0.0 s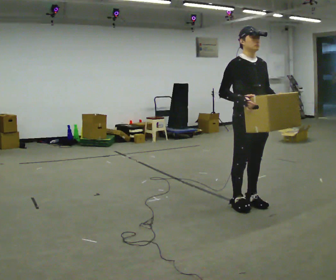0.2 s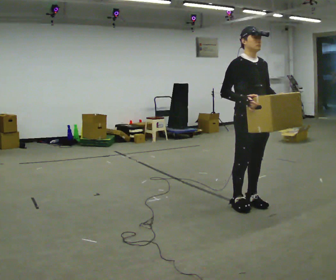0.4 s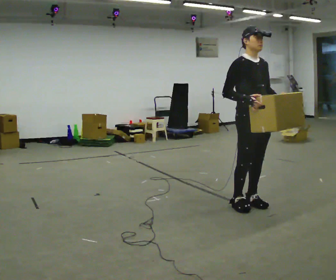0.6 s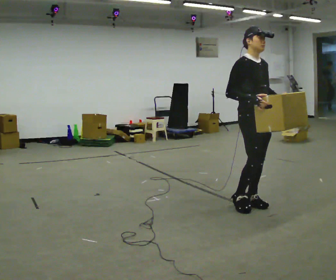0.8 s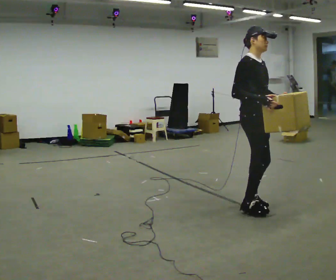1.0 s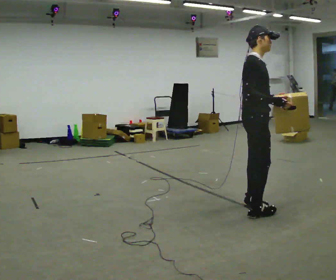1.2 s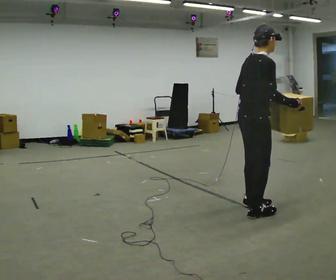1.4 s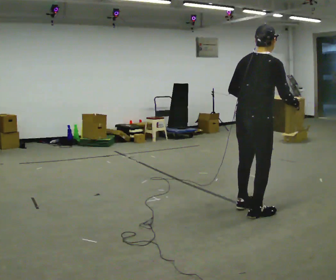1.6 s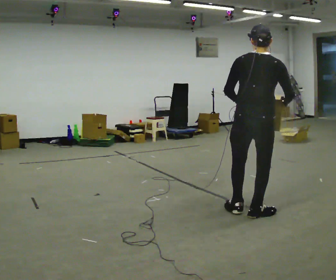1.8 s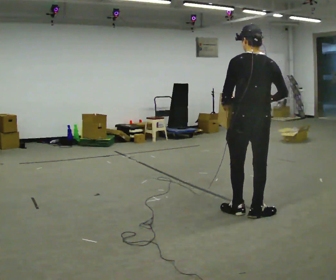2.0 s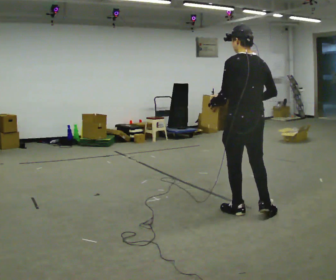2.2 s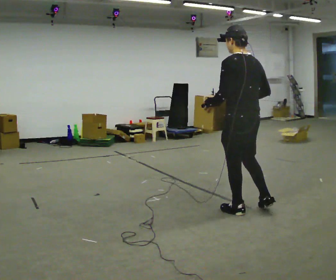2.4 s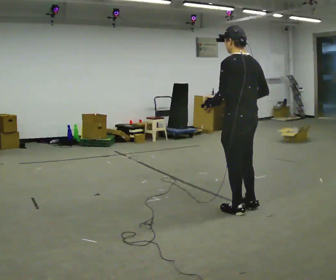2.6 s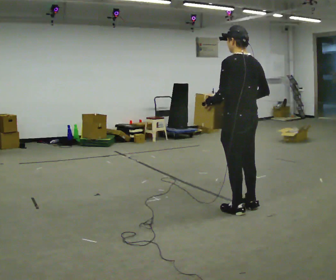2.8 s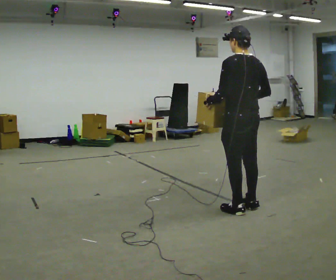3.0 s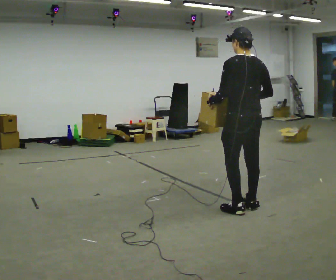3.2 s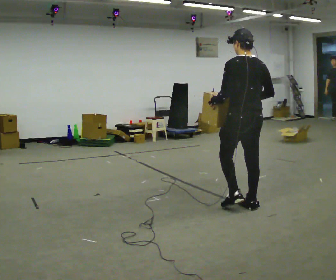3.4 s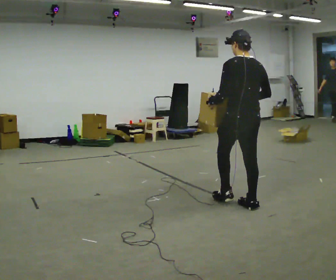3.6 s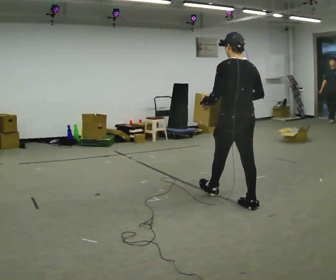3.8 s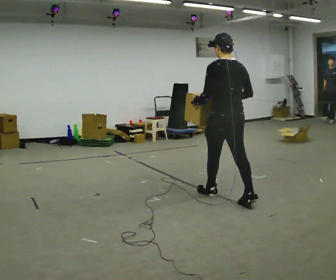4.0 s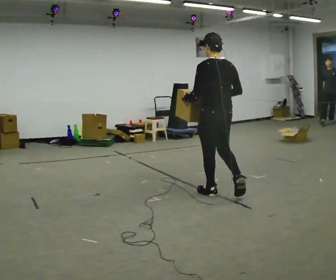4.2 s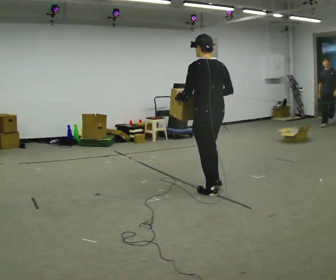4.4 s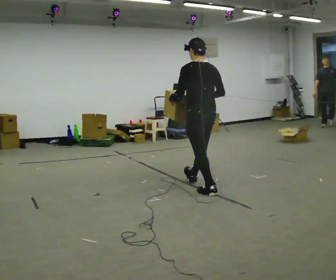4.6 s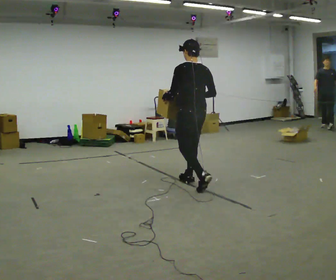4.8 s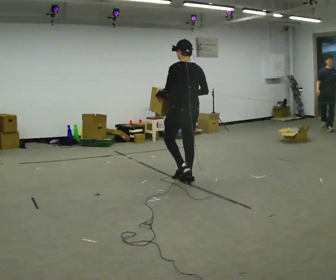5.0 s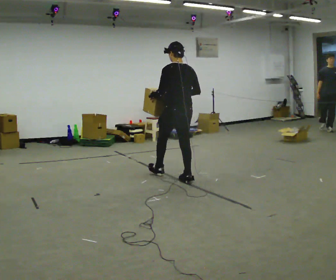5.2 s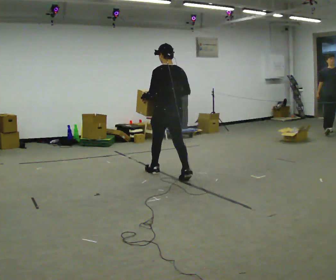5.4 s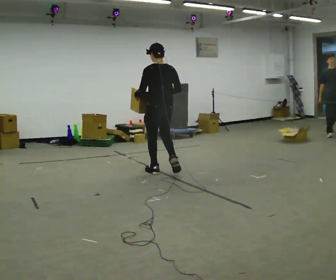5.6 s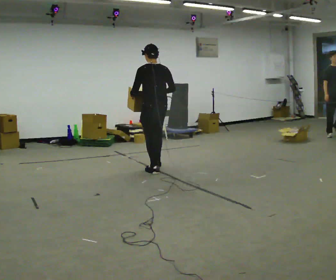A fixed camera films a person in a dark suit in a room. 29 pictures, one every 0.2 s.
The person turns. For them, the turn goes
to their left.
The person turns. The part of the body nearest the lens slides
to the right.
0.0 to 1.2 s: The part of the body nearest the lens slides to the right as the person turns to their left by about 75 degrees. In the picture they go toward the camera, about 0.25 m in 1 step.
1.2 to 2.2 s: The person turns about 105 degrees to their left, counterclockwise seen from above, so the part of the body nearest the lens slides to the right. In the picture their right hand goes to the left.
2.2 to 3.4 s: In the picture they go away from the camera, about 0.25 m in 1 step, which for them is forward and to their right.
3.4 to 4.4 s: In the picture they go to the left and away from the camera, about 0.5 m in 1 step, which for them is forward.
4.4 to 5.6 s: In the picture they go to the left and away from the camera, about 1 m in 2 steps, which for them is forward.
The film runs forward here.
